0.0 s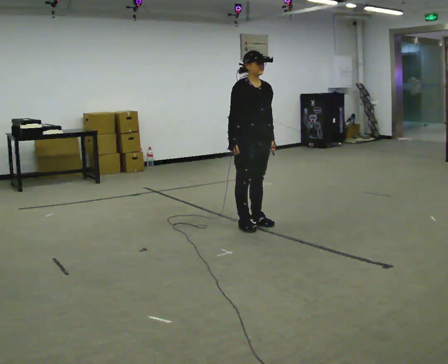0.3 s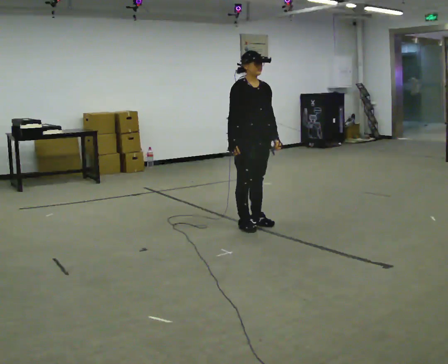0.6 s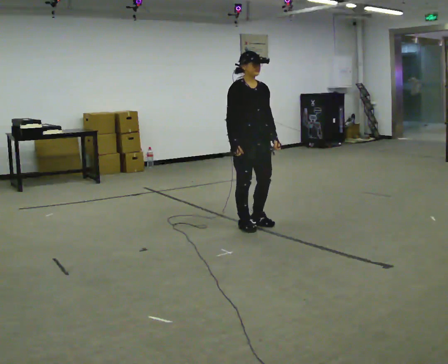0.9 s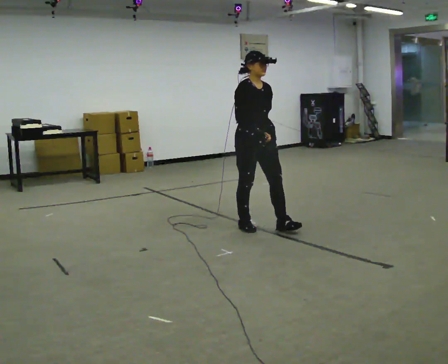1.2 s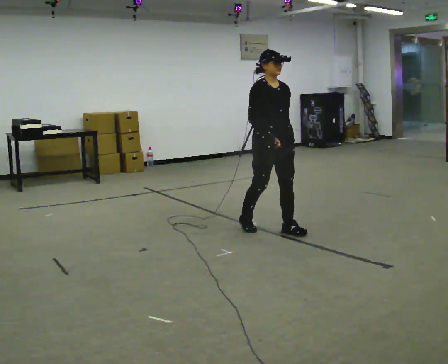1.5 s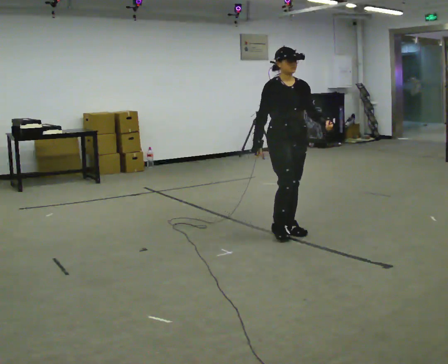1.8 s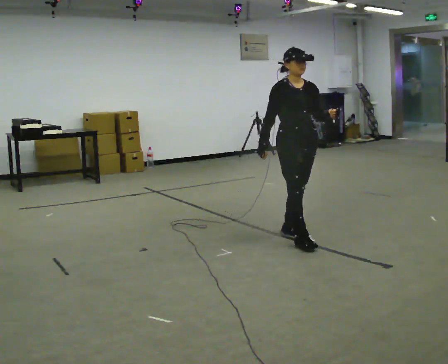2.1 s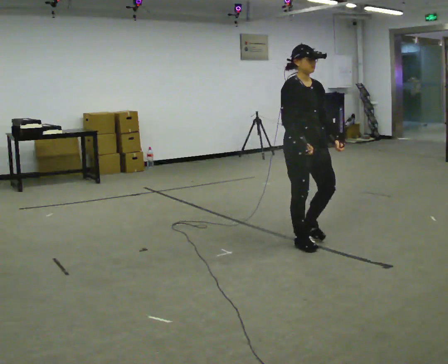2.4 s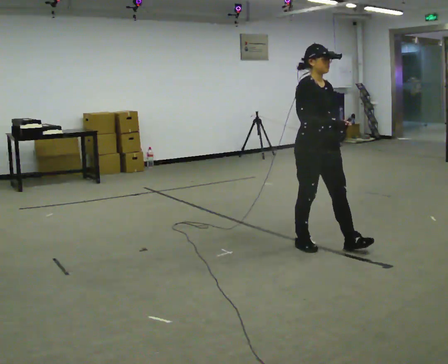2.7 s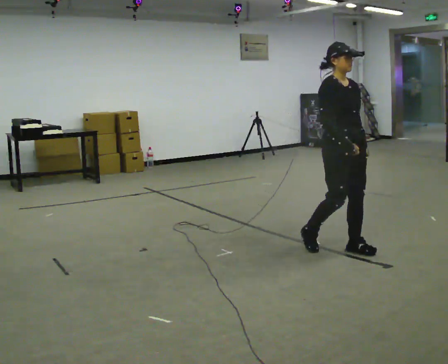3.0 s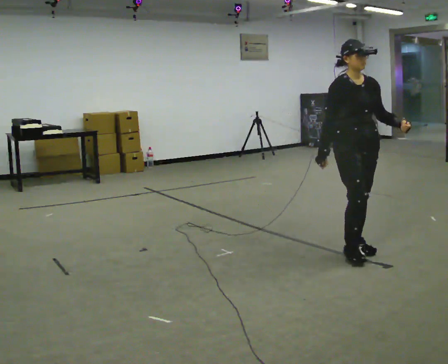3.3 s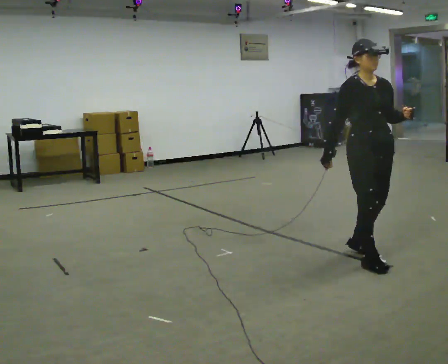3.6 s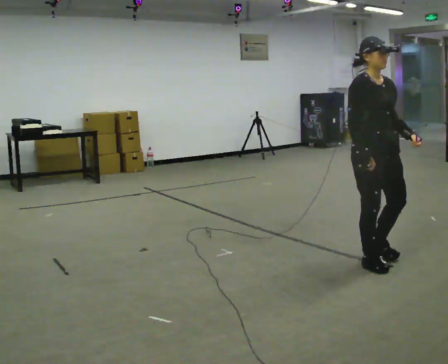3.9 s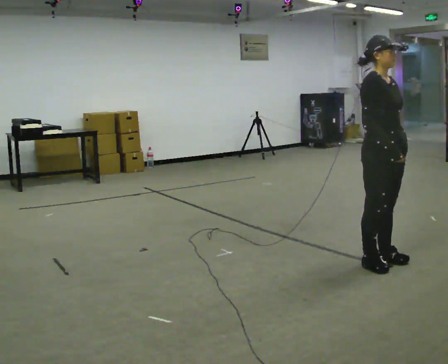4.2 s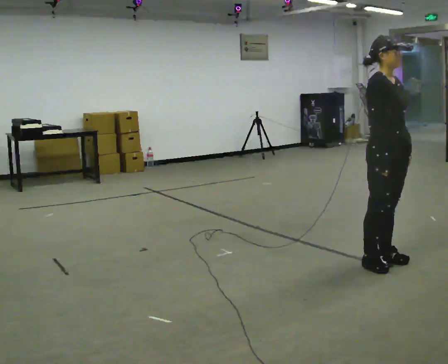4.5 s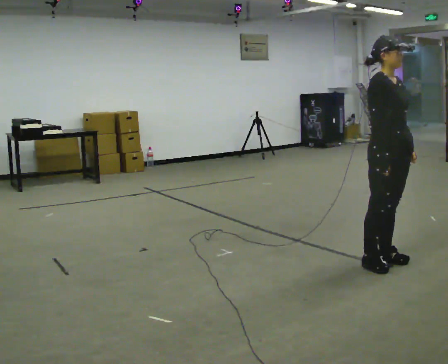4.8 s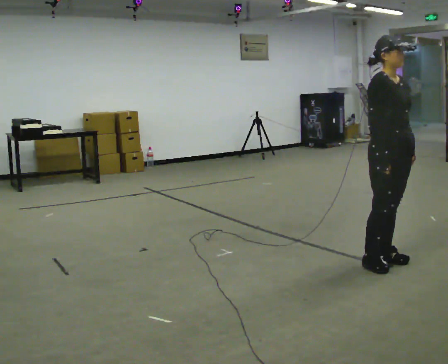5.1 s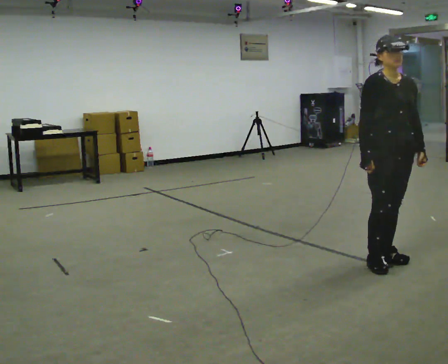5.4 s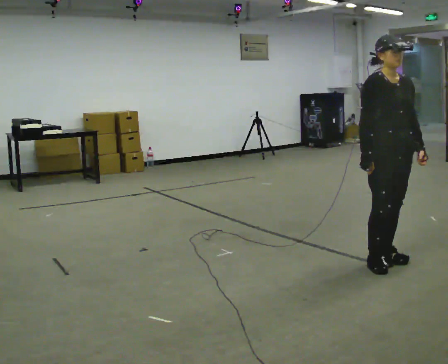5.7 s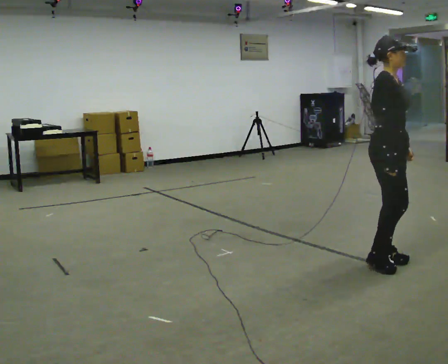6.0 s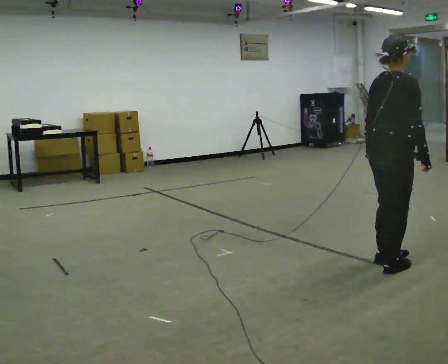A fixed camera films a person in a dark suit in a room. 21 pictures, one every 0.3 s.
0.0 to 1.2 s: In the picture they go to the right and toward the camera, about 0.25 m in 1 step, which for them is forward. In the picture their right hand goes to the right.
1.2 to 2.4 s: In the picture they go toward the camera and to the right, about 0.5 m in 1 step, which for them is forward.
2.4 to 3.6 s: In the picture they go to the right and toward the camera, about 0.5 m in 2 steps, which for them is forward.
3.6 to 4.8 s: The person moves a little, or ends about where they began.
4.8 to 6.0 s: The person turns about 75 degrees to their left, counterclockwise seen from above, so the part of the body nearest the lens slides to the right. In the picture their left hand goes to the left.
The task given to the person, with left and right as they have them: Walk; crouch comfortably at marker; remain briefly; stand and continue.
The film runs forward here.
